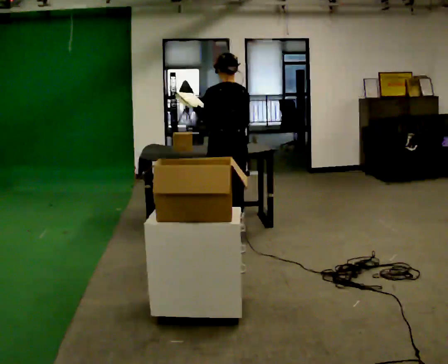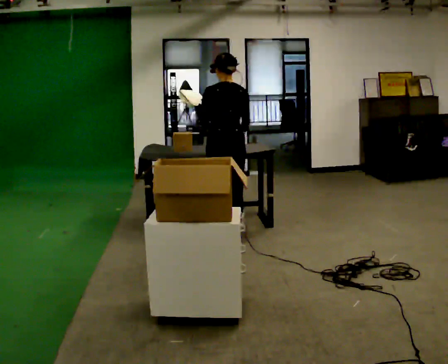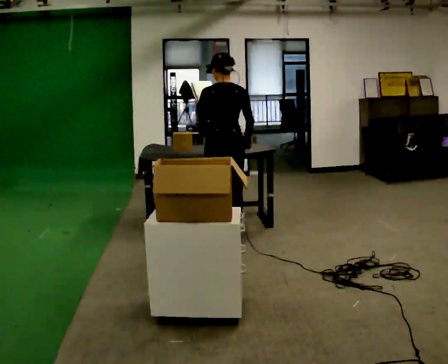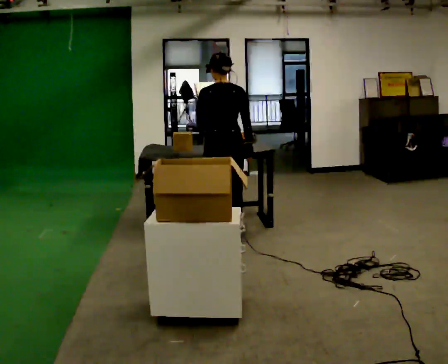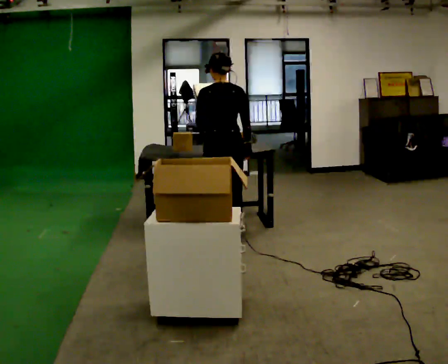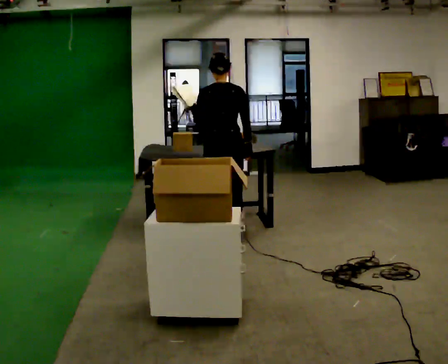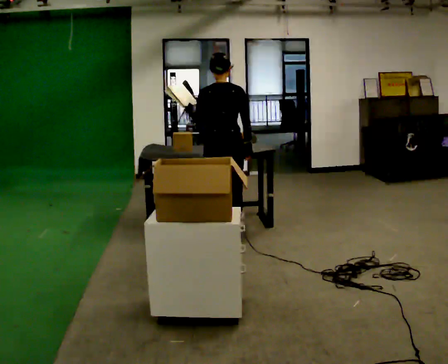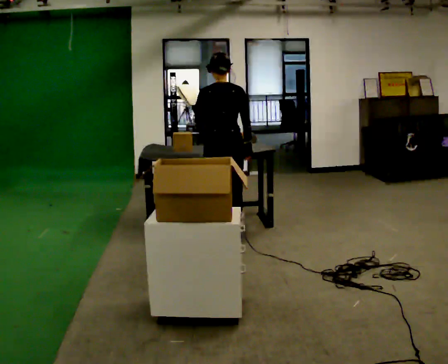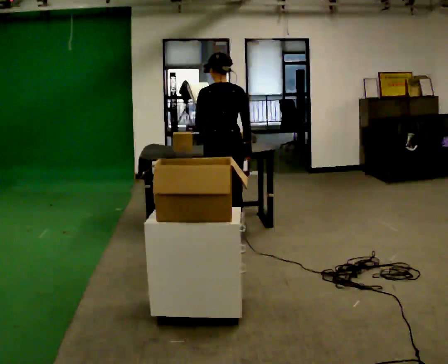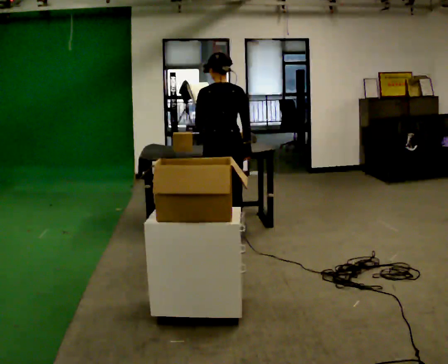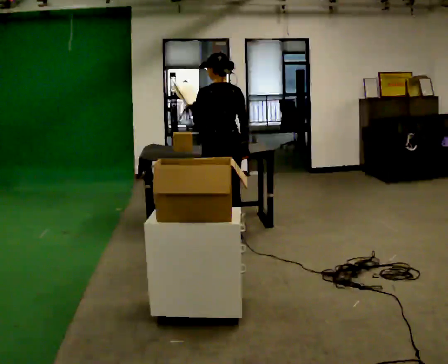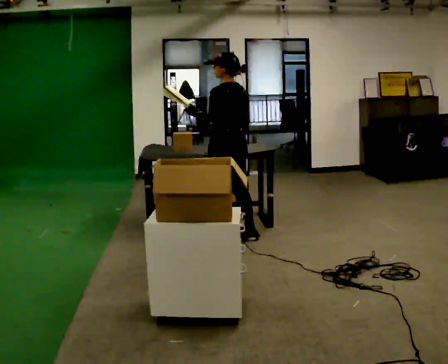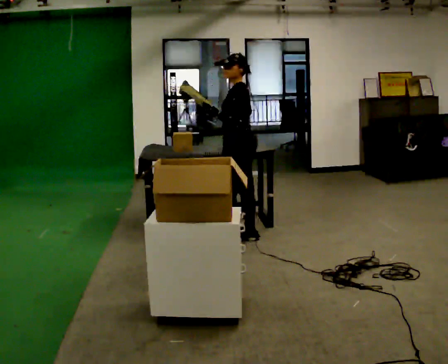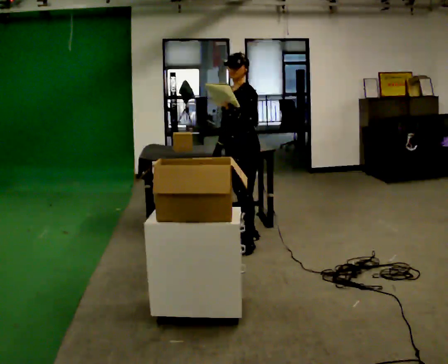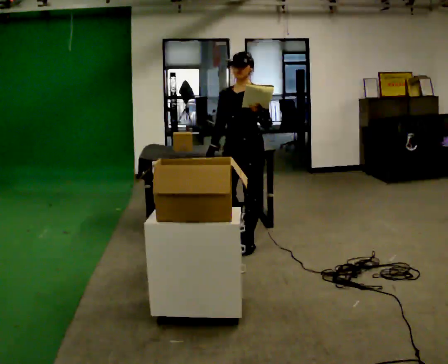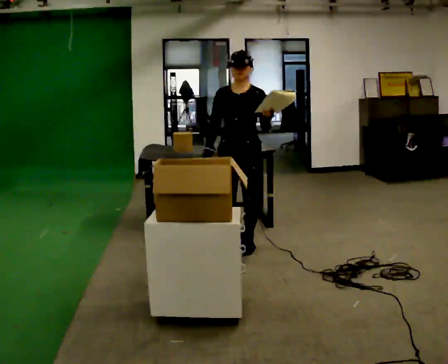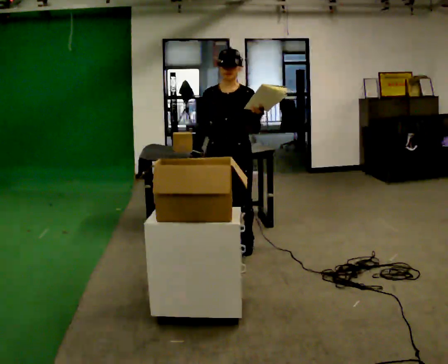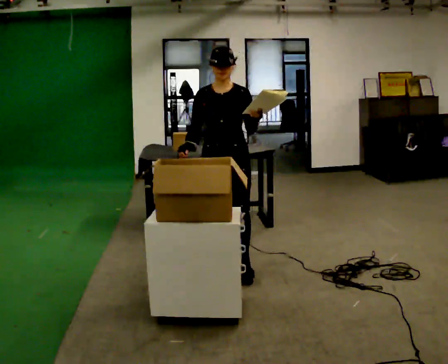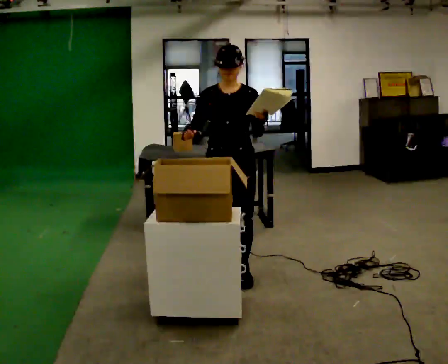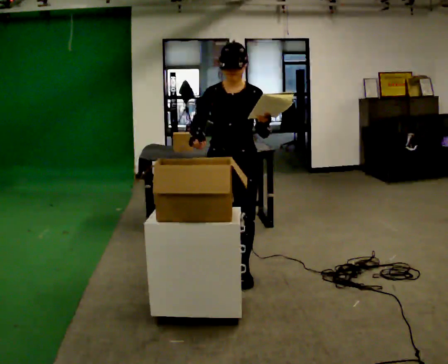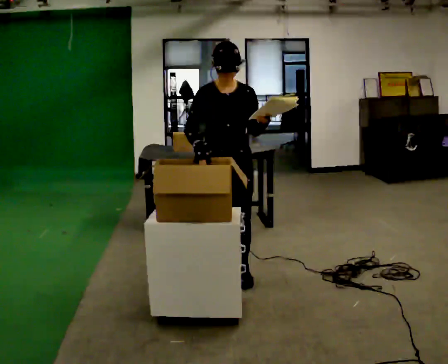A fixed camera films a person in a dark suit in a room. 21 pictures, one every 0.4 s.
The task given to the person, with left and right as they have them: 1. Read the list the operator gives you. 2. Collect the six items on the list from the shelves. 3. Put them all in the bin on the table. 4. Tell the operator when you are finished.
0.0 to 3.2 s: The person moves a little, or ends about where they began.
3.2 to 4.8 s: The person turns about 75 degrees to their left, counterclockwise seen from above, so the part of the body nearest the lens slides to the right.
4.8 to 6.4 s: The person turns about 90 degrees to their left, counterclockwise seen from above, so the part of the body nearest the lens slides to the right. In the picture they go toward the camera, about 0.5 m in 2 steps.
6.4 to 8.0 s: In the picture they go toward the camera, about 0.5 m in 2 steps, which for them is forward.
The film runs forward here.
